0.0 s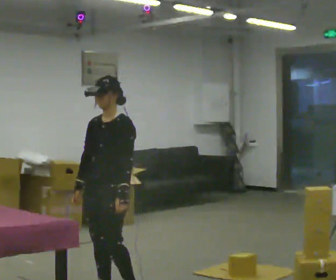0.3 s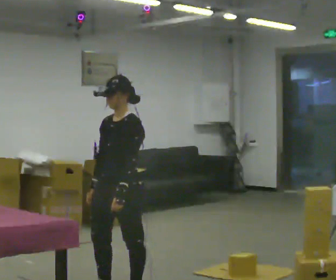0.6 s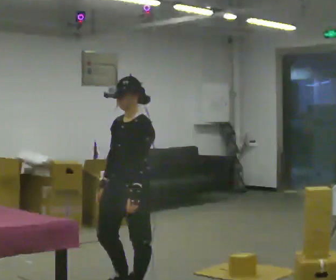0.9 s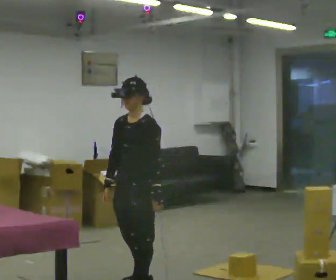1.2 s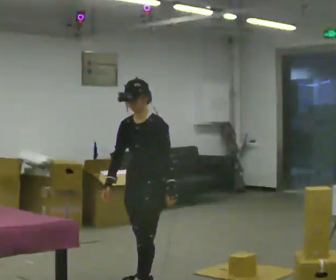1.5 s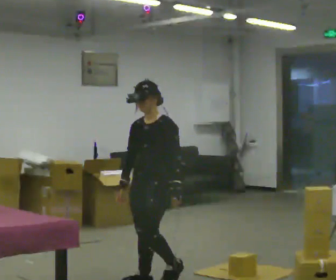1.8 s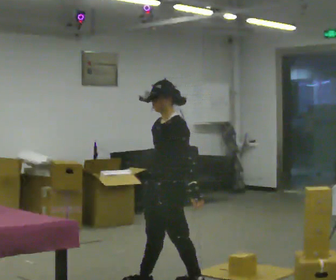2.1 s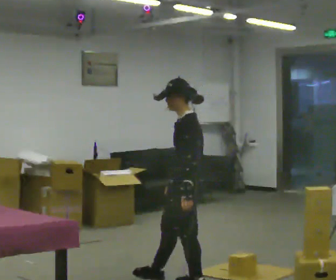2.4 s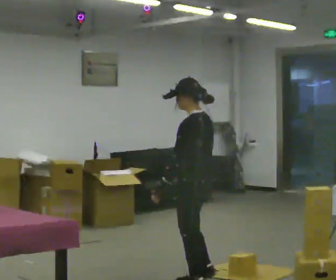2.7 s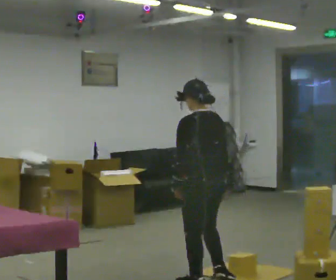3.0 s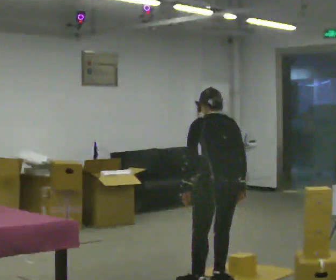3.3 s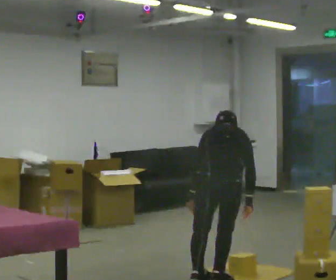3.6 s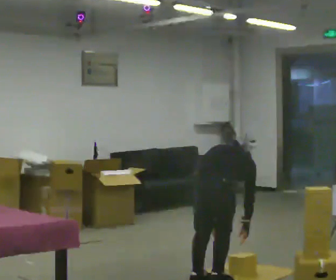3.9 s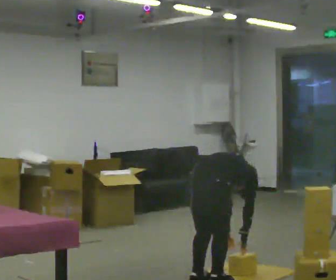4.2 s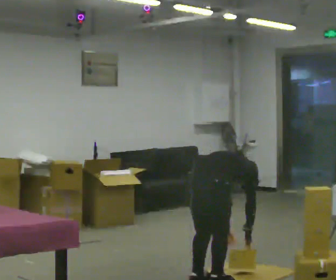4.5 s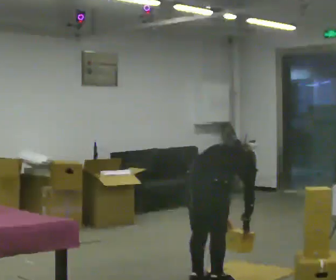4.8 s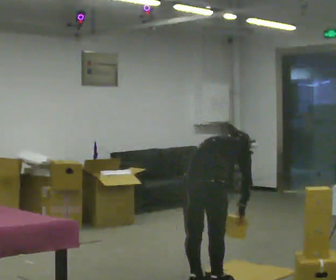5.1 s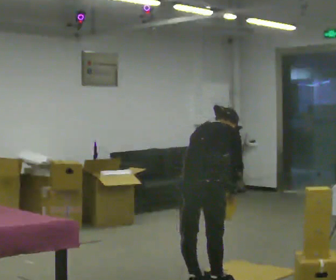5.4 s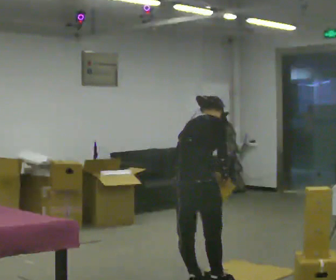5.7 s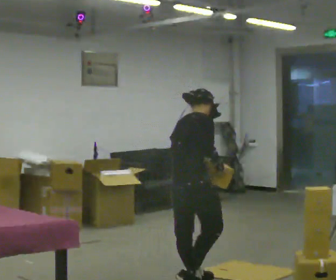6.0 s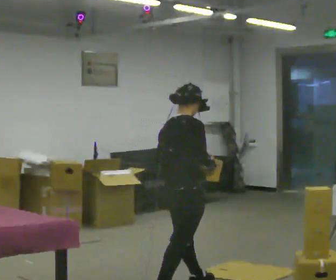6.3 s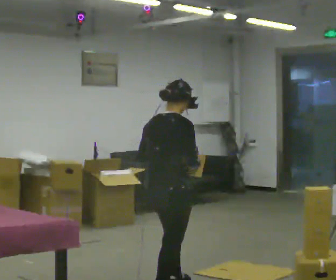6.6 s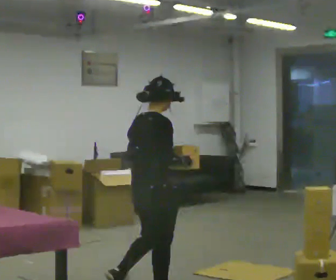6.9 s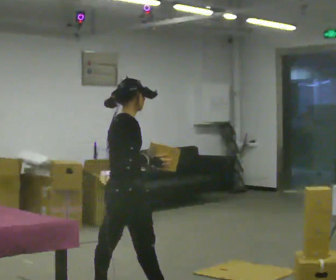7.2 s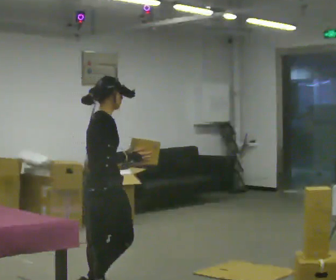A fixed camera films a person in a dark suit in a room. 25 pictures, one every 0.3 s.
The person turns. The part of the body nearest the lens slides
to the left.
The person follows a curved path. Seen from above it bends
clockwise.
0.0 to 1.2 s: In the picture they go away from the camera and to the right, about 0.25 m in 2 steps, which for them is backward.
1.2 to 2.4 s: The part of the body nearest the lens slides to the left as the person turns to their right by about 60 degrees. In the picture they go to the right, about 0.25 m in 1 step.
2.4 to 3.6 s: The part of the body nearest the lens slides to the left as the person turns to their right by about 90 degrees. The upper body goes downward. The upper body tips away from the camera, its near side rolling upward, as they bend forward. In the picture their right hand goes to the right and downward.
3.6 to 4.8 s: The person moves a little, or ends about where they began.
4.8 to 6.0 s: In the picture they go to the left, about 0.25 m in 1 step, which for them is backward. The upper body goes upward. The upper body tips toward the camera, its near side rolling downward, as they lean back or straighten. In the picture their right hand goes upward.
6.0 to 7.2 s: In the picture they go to the left and toward the camera, about 0.5 m in 2 steps, which for them is backward.
The film runs backward here.
